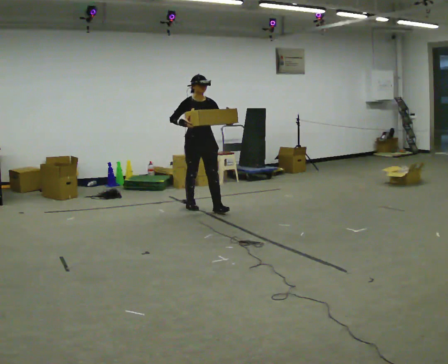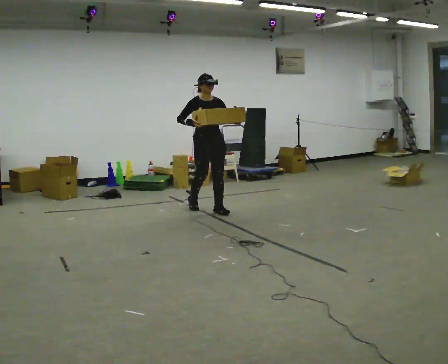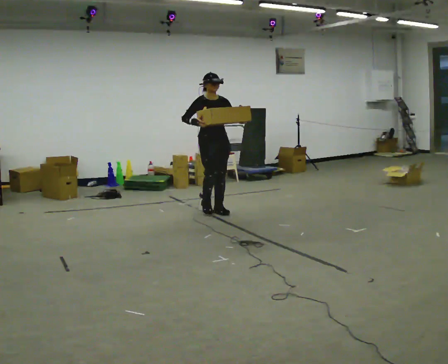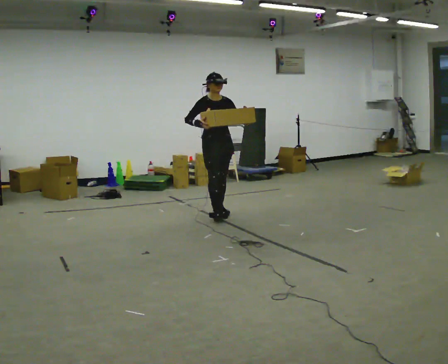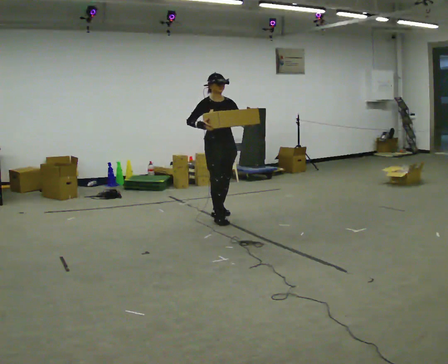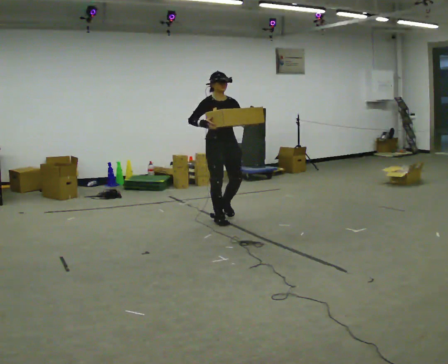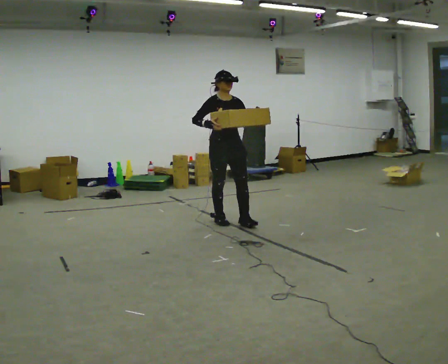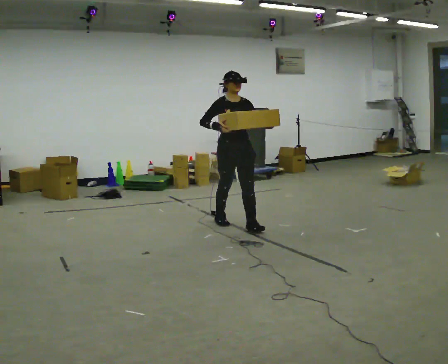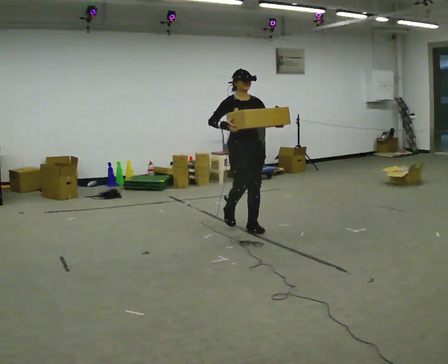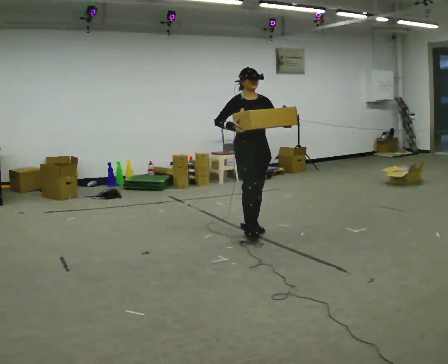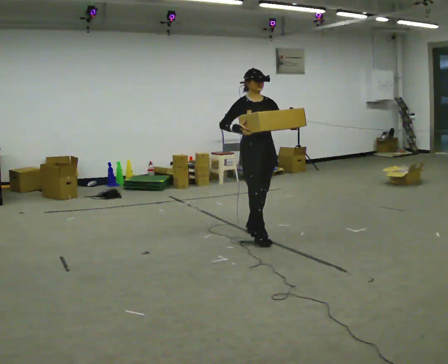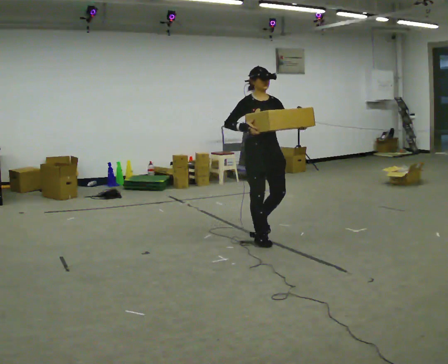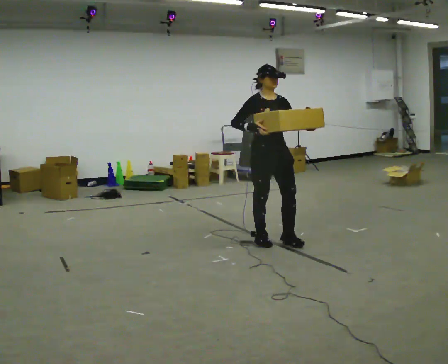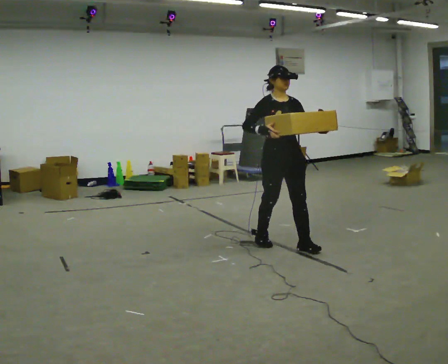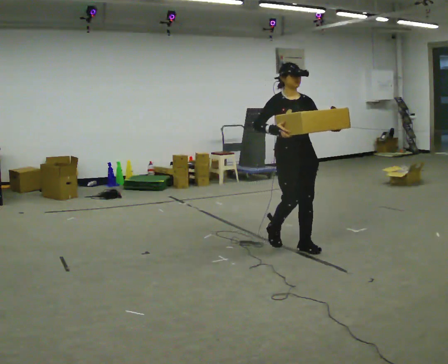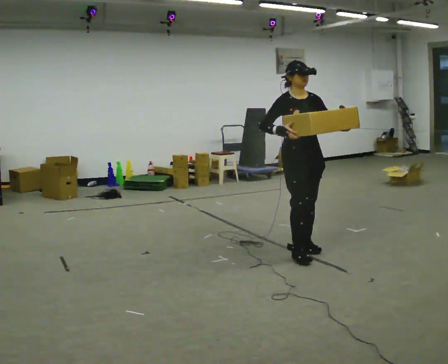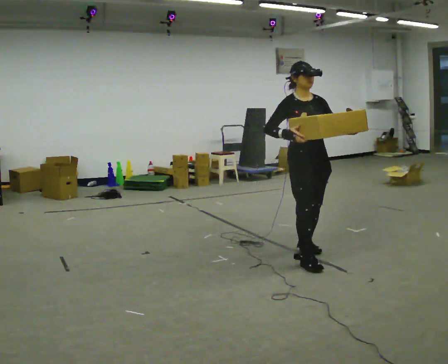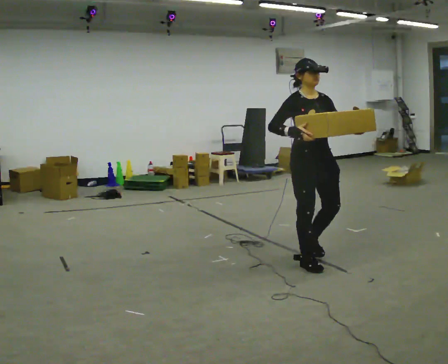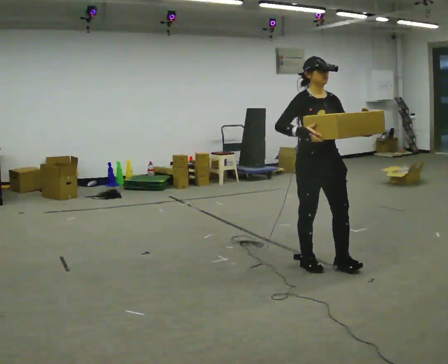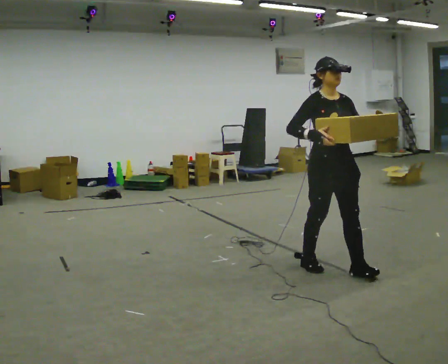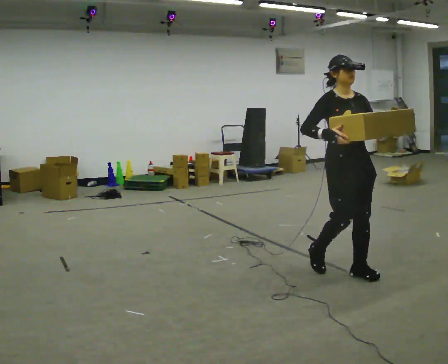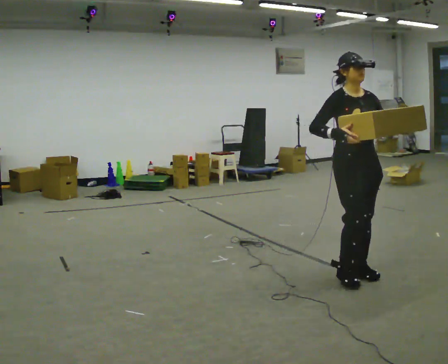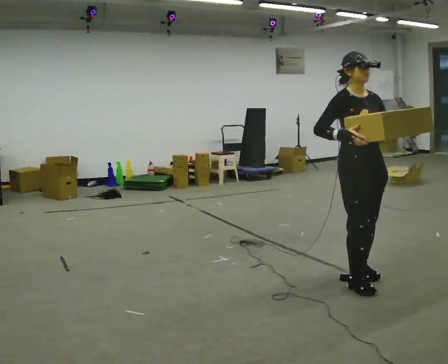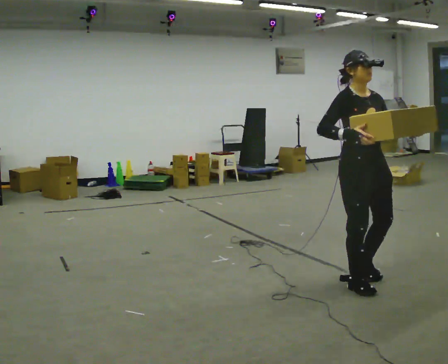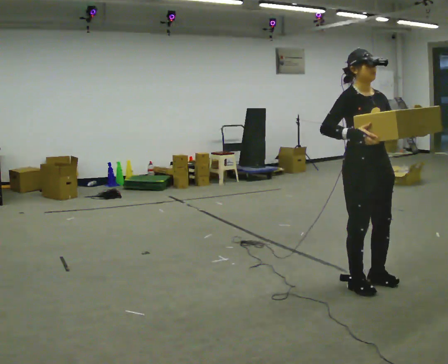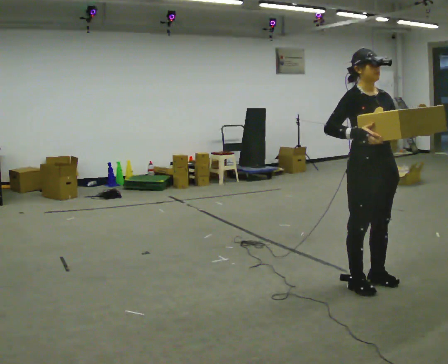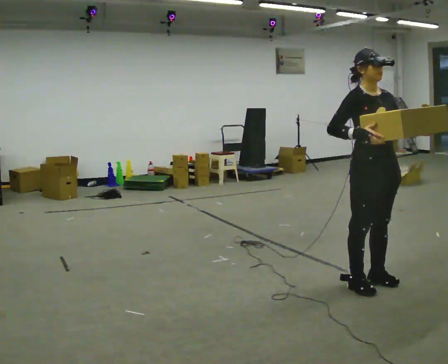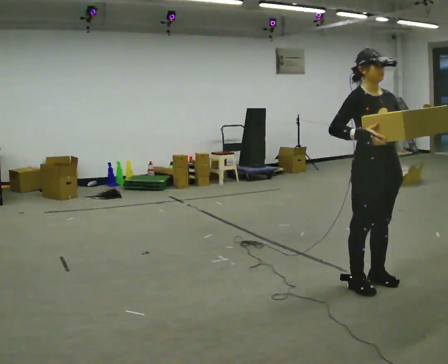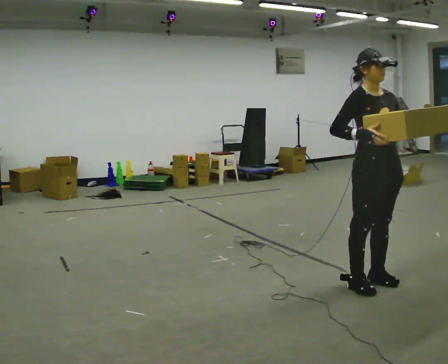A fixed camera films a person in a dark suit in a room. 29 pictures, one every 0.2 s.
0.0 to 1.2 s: In the picture they go toward the camera and to the right, about 0.5 m in 1 step, which for them is forward.
1.2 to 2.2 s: In the picture they go toward the camera and to the right, about 0.5 m in 2 steps, which for them is forward.
2.2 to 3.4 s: In the picture they go toward the camera and to the right, about 1 m in 2 steps, which for them is forward.
3.4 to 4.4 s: In the picture they go toward the camera and to the right, about 0.5 m in 2 steps, which for them is forward.
4.4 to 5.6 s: The person moves a little, or ends about where they began.
The film runs forward here.
